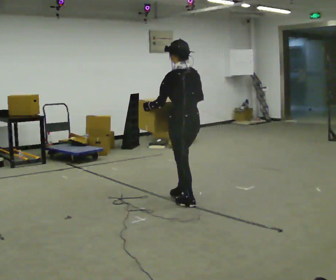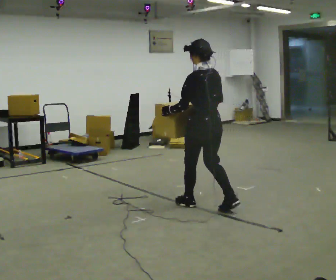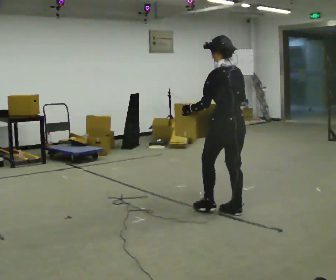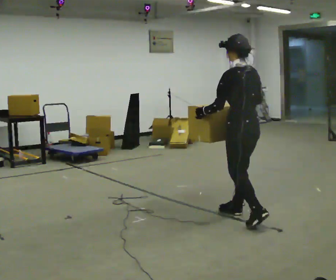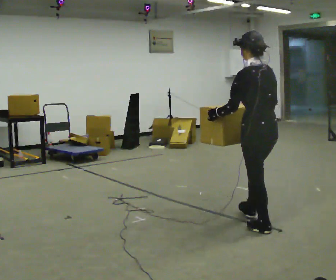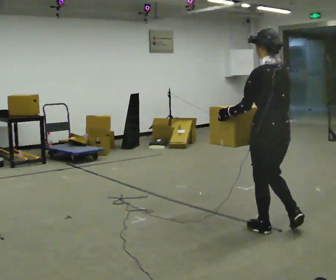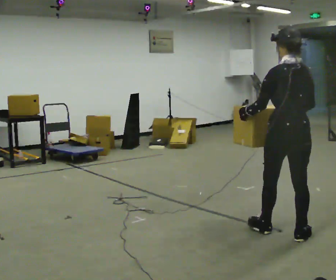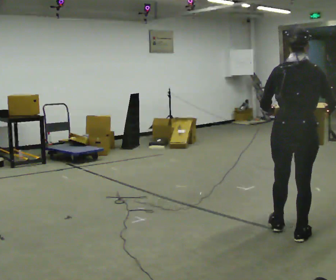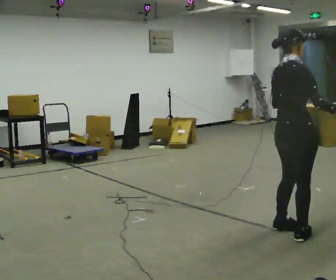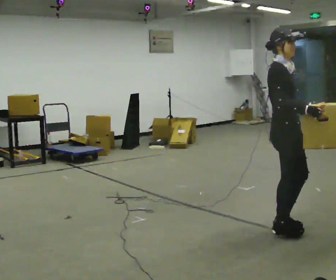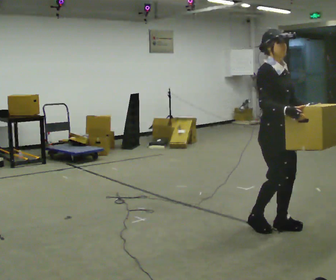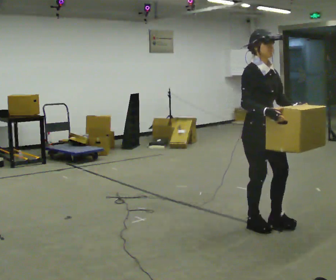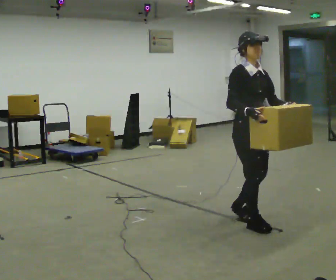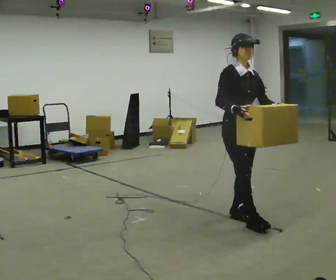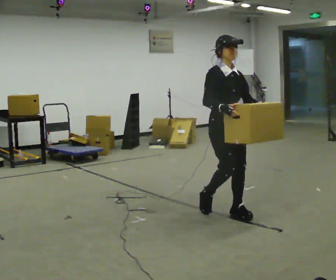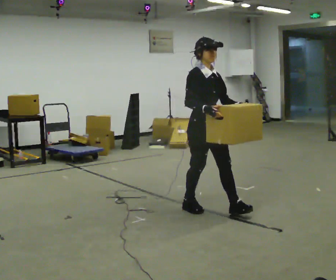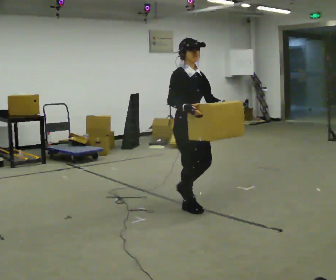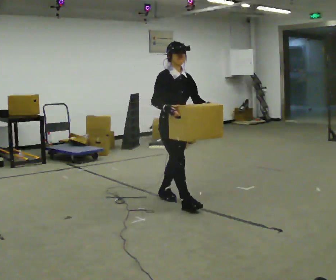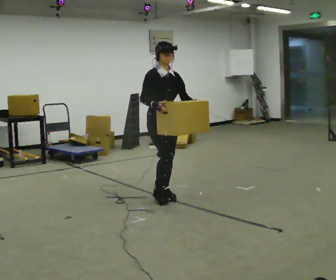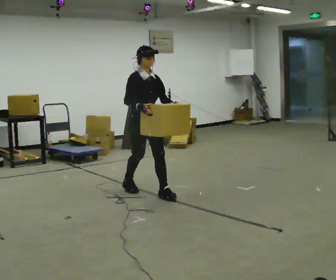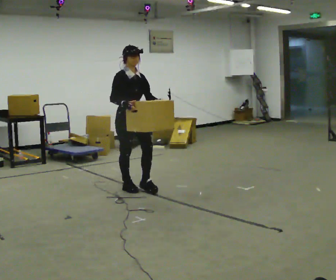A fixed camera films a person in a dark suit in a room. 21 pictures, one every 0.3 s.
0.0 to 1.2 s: In the picture they go to the right and toward the camera, about 1 m in 2 steps, which for them is backward.
1.2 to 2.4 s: The part of the body nearest the lens slides to the left as the person turns to their right by about 105 degrees. In the picture they go toward the camera and to the right, about 0.25 m.
2.4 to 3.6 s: The person turns about 75 degrees to their right, clockwise seen from above, so the part of the body nearest the lens slides to the left. In the picture they go to the left and away from the camera, about 0.5 m in 2 steps.
3.6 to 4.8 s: In the picture they go to the left and away from the camera, about 0.75 m in 2 steps, which for them is backward.
4.8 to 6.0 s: In the picture they go to the left and away from the camera, about 1 m in 2 steps, which for them is backward.
The film runs backward here.
